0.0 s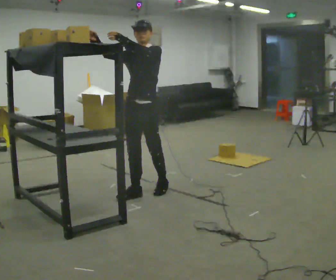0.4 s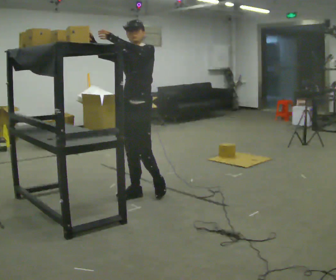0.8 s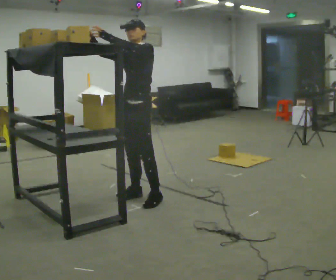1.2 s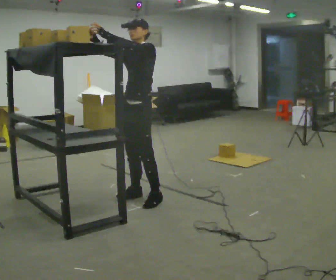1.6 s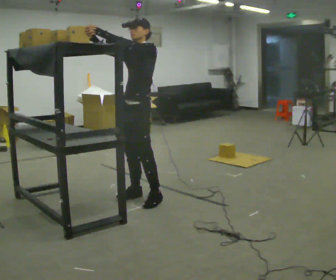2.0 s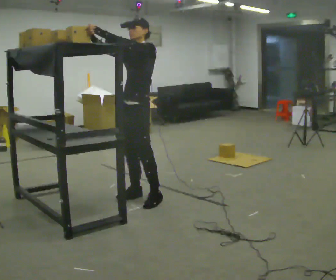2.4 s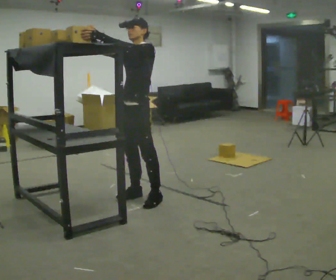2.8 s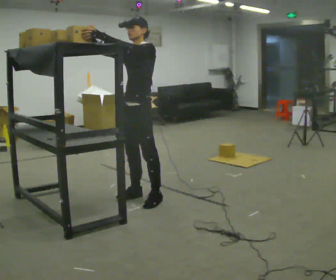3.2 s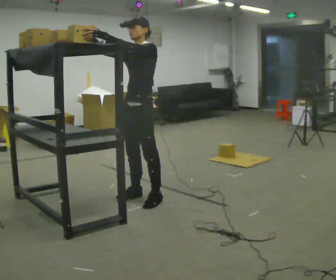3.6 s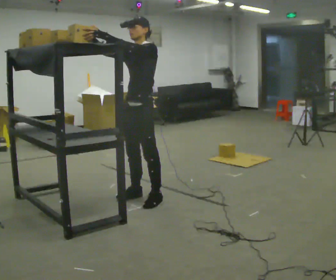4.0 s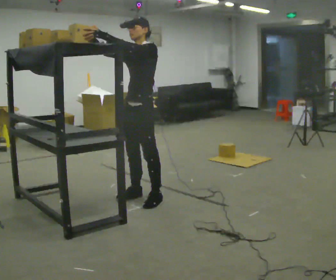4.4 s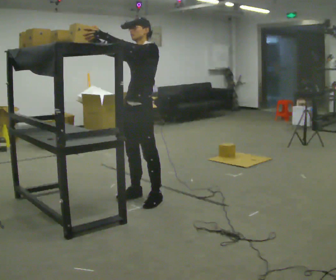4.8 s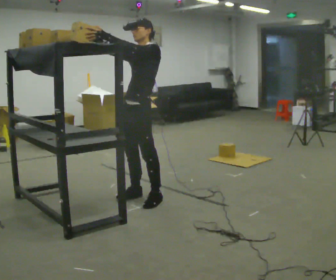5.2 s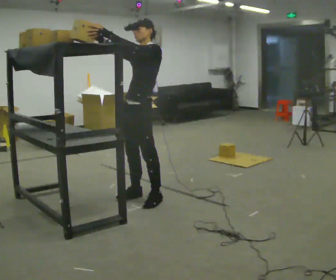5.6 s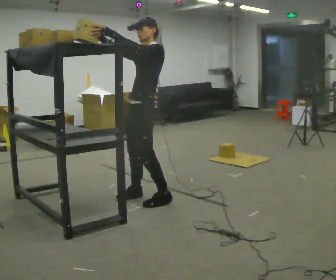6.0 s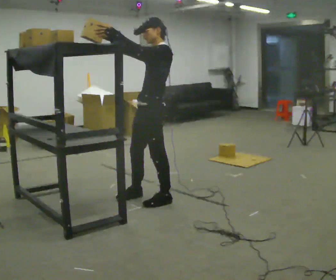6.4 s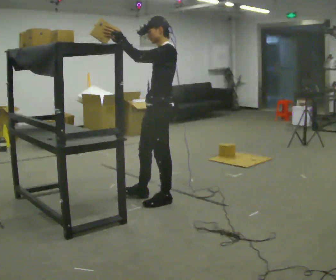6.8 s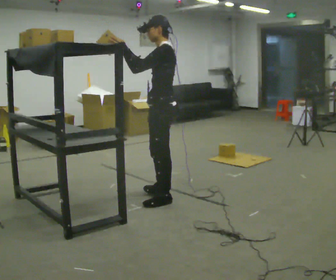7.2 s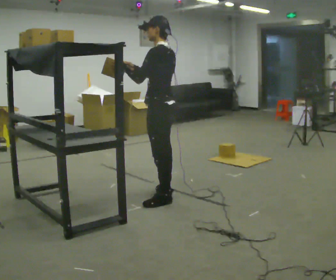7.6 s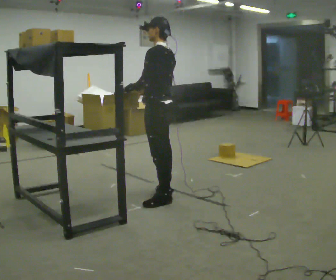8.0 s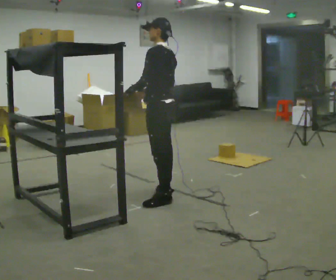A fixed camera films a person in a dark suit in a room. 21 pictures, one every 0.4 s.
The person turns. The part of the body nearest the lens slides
to the left.
The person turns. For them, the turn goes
to their right.
0.0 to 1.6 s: In the picture they go toward the camera, about 0.25 m in 1 step, which for them is forward.
1.6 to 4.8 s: The person moves a little, or ends about where they began.
4.8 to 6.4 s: The part of the body nearest the lens slides to the left as the person turns to their right by about 30 degrees. In the picture they go to the right, about 0.25 m, which for them is to their left and backward.
6.4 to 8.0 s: The person turns about 30 degrees to their right, clockwise seen from above, so the part of the body nearest the lens slides to the left. In the picture they go away from the camera, about 0.25 m in 1 step, which for them is to their right. In the picture their right hand goes downward and to the right.
The film runs forward here.
